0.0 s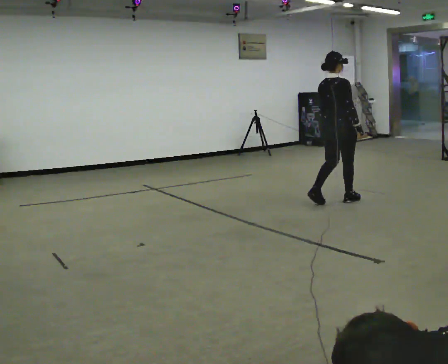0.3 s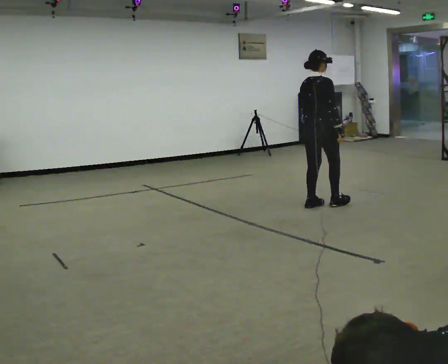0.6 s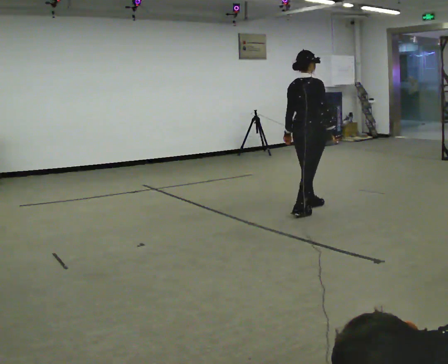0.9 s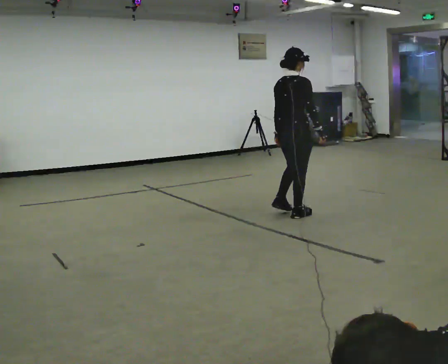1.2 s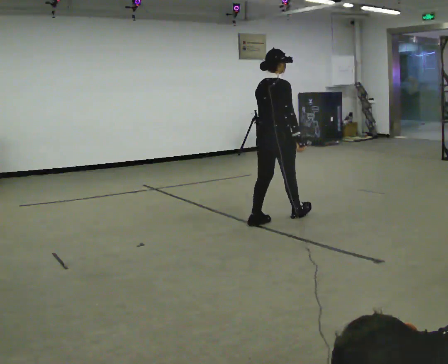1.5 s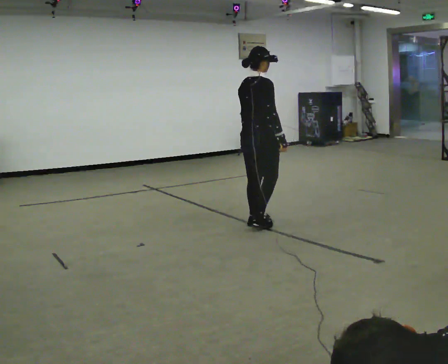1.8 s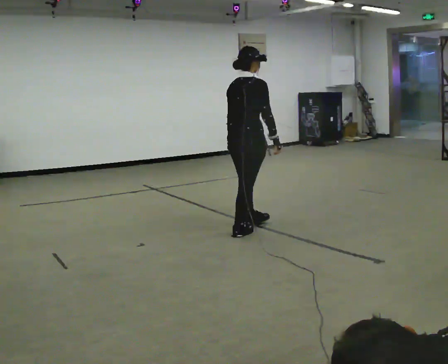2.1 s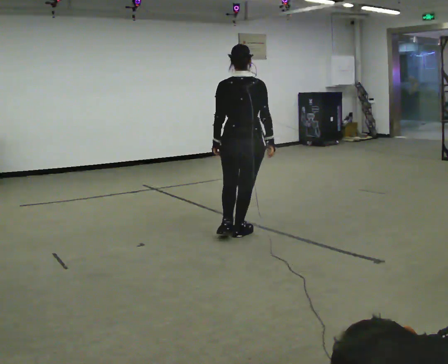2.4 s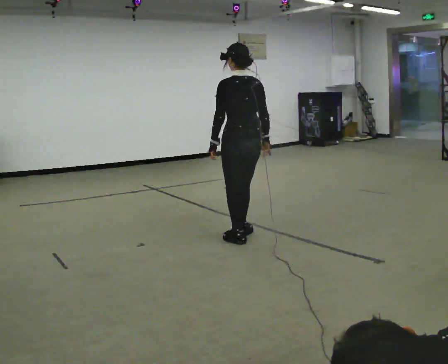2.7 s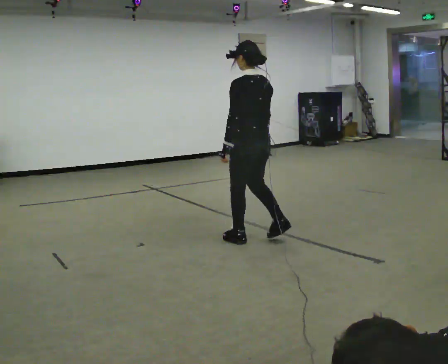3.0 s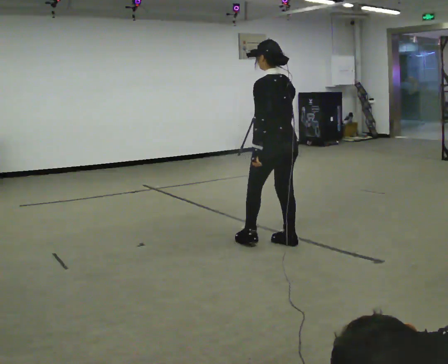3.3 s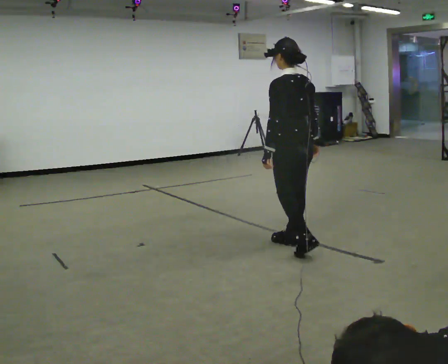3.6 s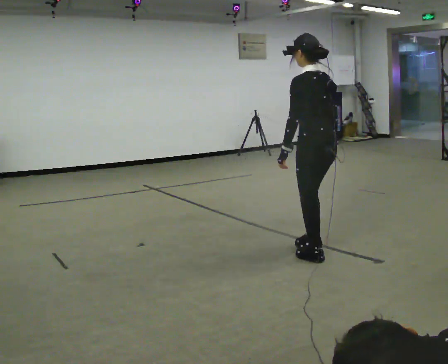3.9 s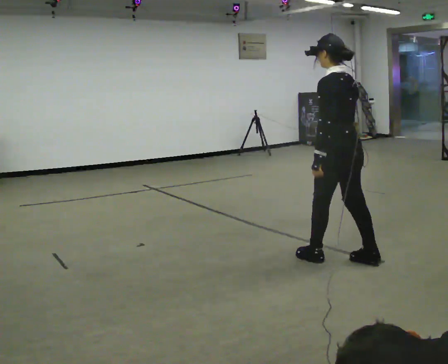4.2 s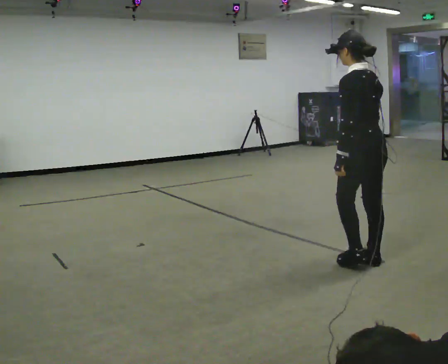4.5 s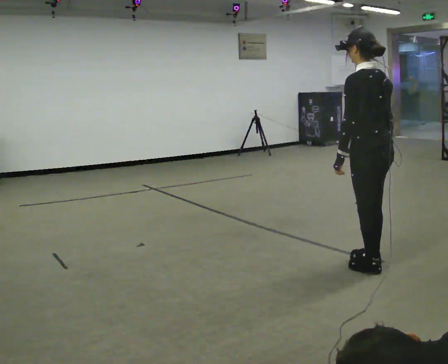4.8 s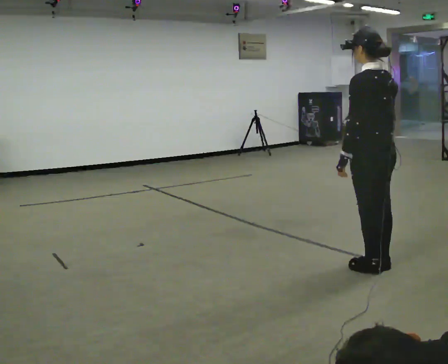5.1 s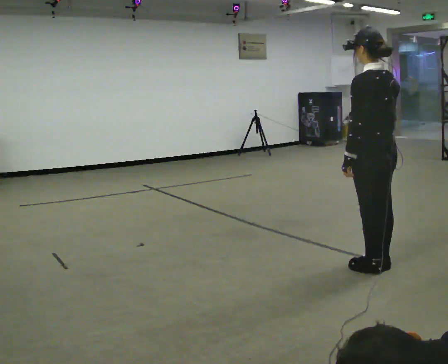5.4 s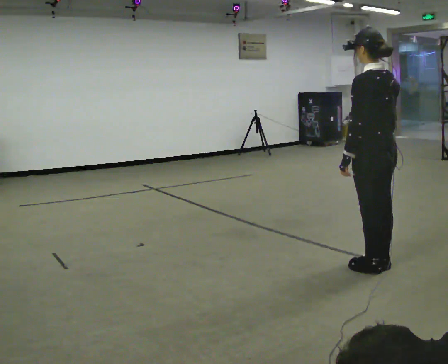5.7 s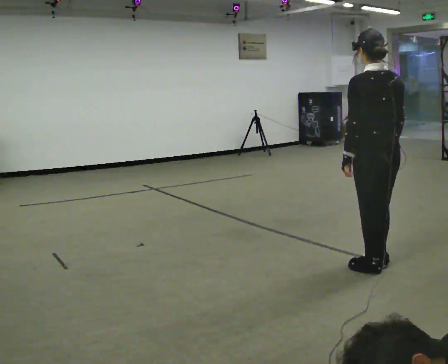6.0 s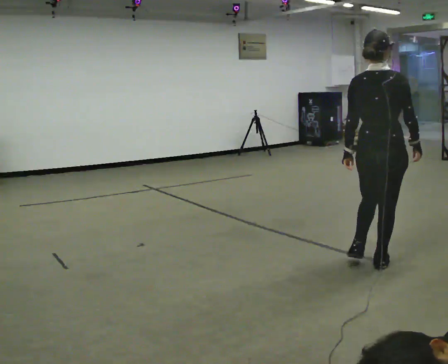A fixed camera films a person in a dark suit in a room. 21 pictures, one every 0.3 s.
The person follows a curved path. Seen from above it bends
counterclockwise.
The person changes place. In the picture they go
toward the camera.
0.0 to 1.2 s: In the picture they go toward the camera and to the left, about 1 m in 3 steps, which for them is backward.
1.2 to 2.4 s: The person turns about 75 degrees to their left, counterclockwise seen from above, so the part of the body nearest the lens slides to the right. In the picture they go toward the camera and to the left, about 0.5 m in 2 steps.
2.4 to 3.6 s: In the picture they go to the right and toward the camera, about 1 m in 2 steps, which for them is backward.
3.6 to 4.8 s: In the picture they go to the right and toward the camera, about 0.5 m in 2 steps, which for them is backward.
4.8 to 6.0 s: The part of the body nearest the lens slides to the left as the person turns to their right by about 60 degrees.
The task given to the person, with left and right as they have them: Walk backward several steps, then turn while still moving backward, then continue backward. Operator confirms the space behind you is clear.
The film runs forward here.
